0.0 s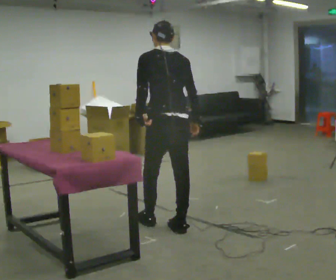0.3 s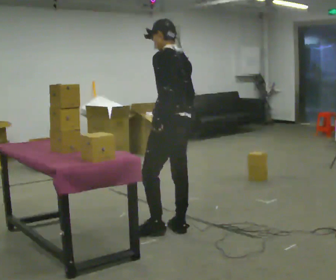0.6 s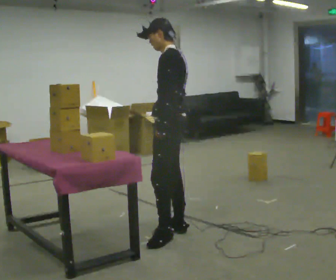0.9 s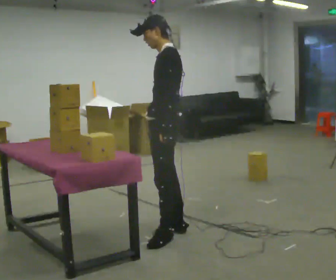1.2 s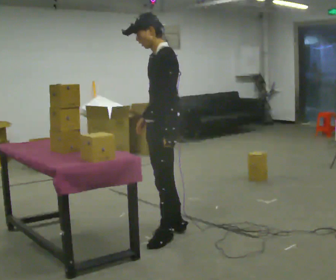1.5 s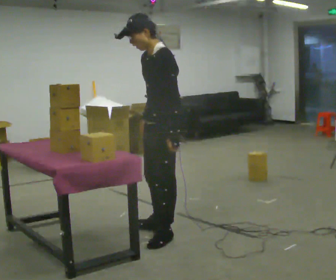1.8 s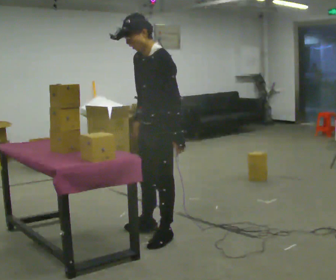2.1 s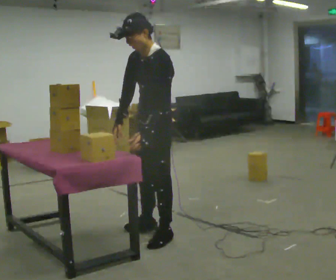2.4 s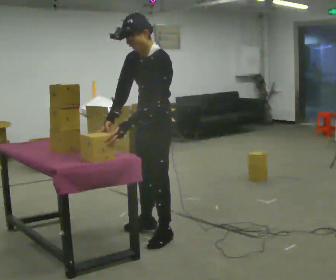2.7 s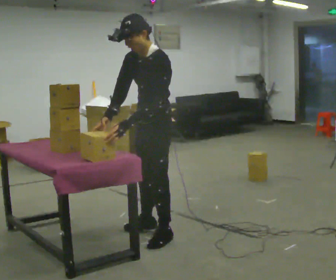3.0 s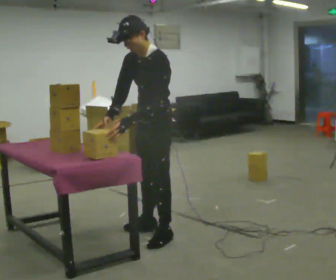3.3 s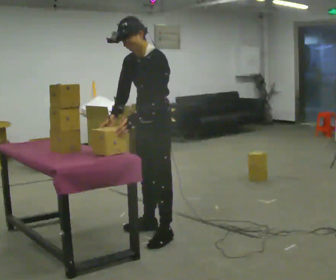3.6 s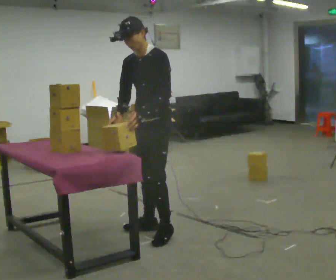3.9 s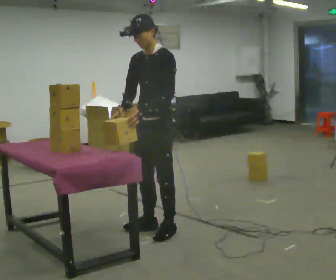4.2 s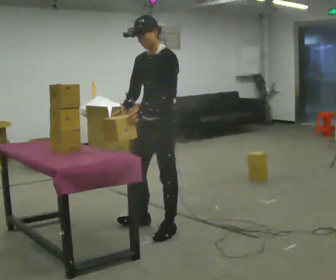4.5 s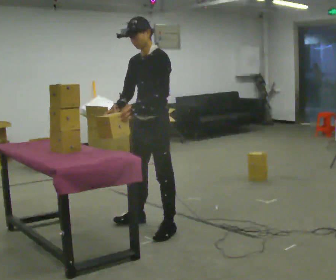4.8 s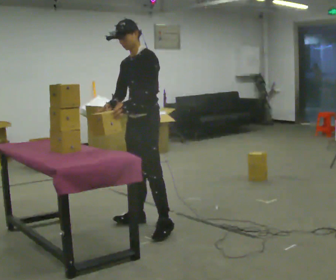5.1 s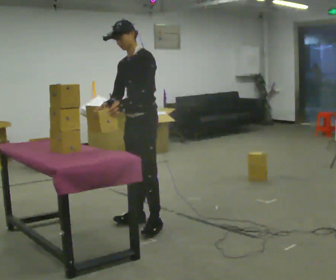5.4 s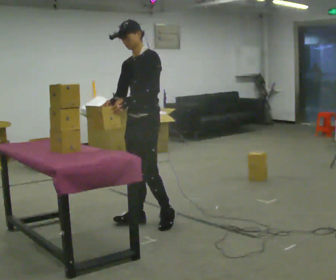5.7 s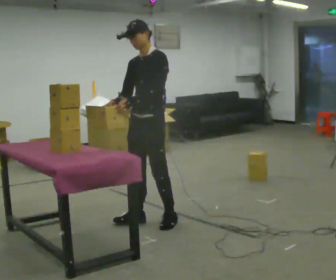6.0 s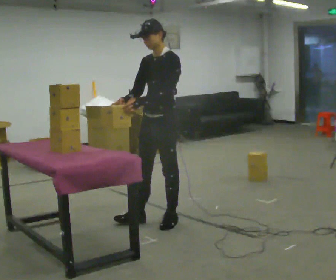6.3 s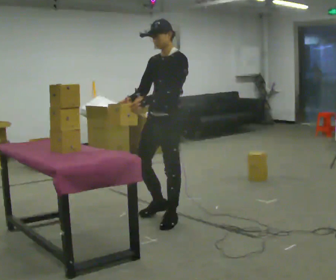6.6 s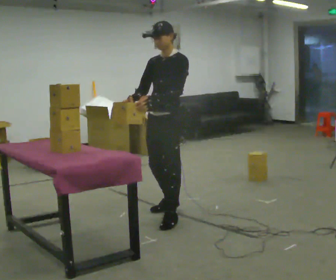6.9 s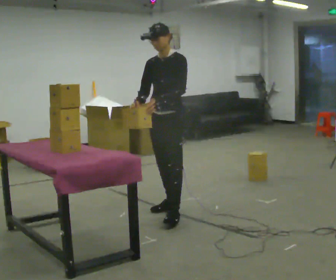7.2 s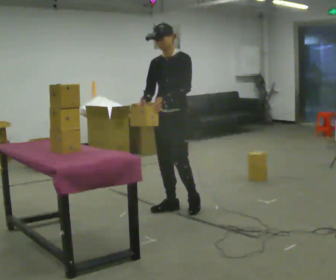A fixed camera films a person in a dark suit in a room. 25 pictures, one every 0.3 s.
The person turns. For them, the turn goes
to their left.
The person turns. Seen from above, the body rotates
counterclockwise.
0.0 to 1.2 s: The part of the body nearest the lens slides to the right as the person turns to their left by about 75 degrees. In the picture they go toward the camera, about 0.25 m in 1 step. In the picture their right hand goes to the left.
1.2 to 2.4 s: The person turns about 30 degrees to their left, counterclockwise seen from above, so the part of the body nearest the lens slides to the right. The upper body tips toward the camera, its near side rolling downward, as they bend forward.
2.4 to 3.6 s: In the picture they go away from the camera, about 0.25 m in 1 step, which for them is to their right.
3.6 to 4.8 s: In the picture they go away from the camera, about 0.25 m in 1 step, which for them is to their right.
4.8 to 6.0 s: The person moves a little, or ends about where they began.
6.0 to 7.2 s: In the picture they go away from the camera, about 0.25 m in 2 steps, which for them is backward and to their right.
The film runs backward here.
